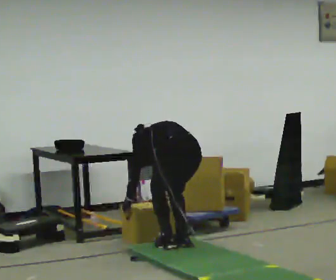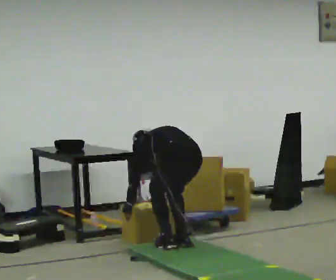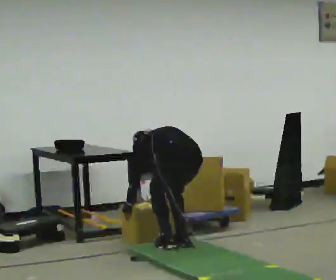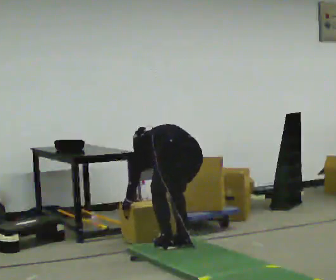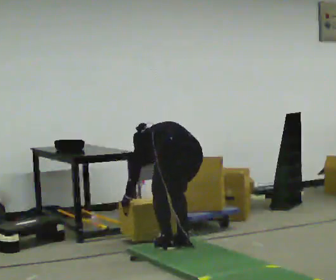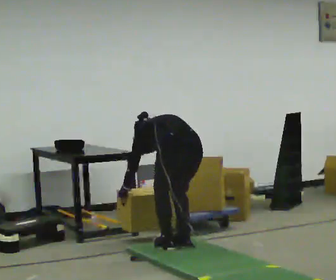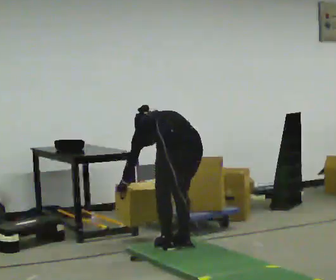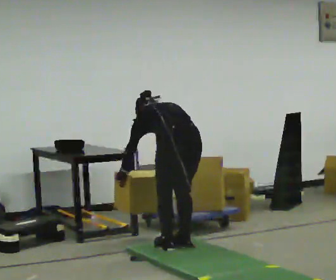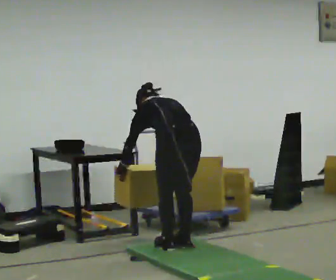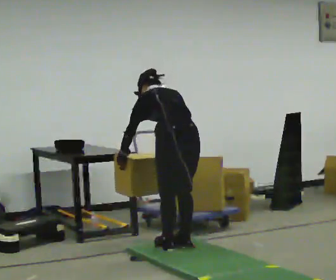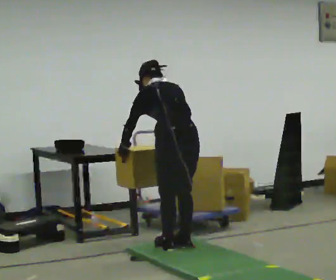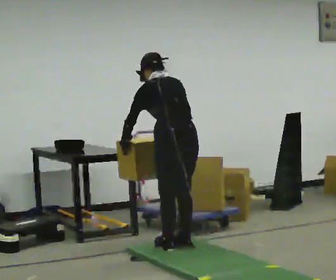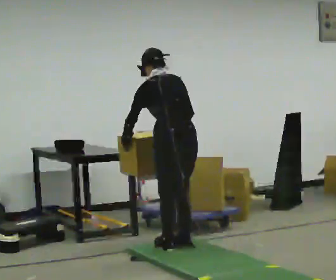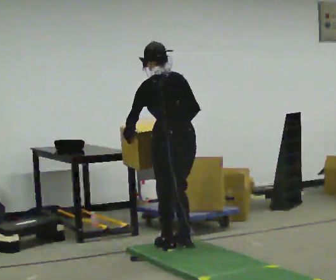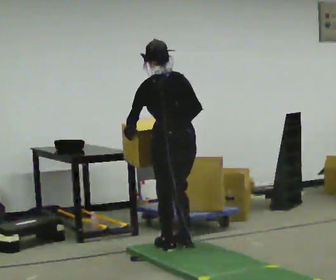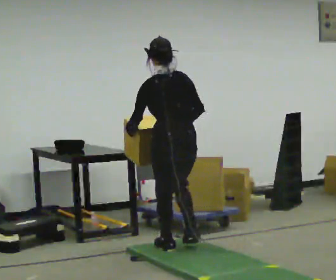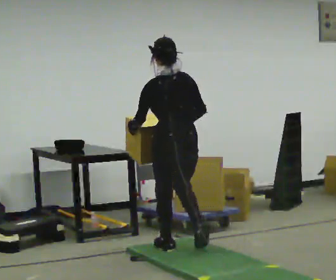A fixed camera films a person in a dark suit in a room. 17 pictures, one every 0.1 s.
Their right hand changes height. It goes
upward.
Their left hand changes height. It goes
upward.
0.0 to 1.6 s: The upper body goes upward. The upper body tips toward the camera, its near side rolling downward, as they lean back or straighten. In the picture their right hand goes upward.
The film runs backward here.
